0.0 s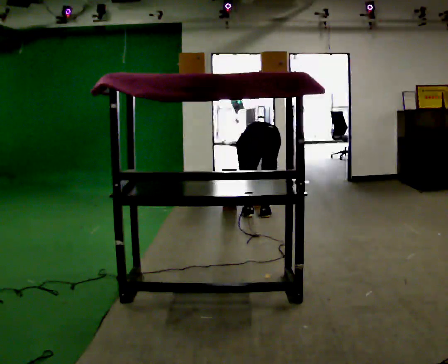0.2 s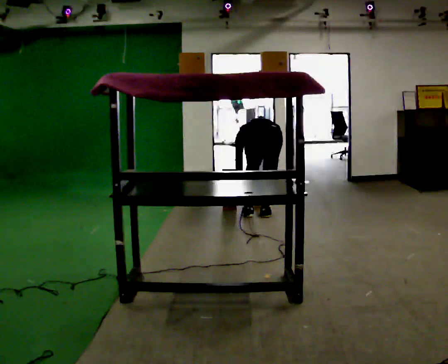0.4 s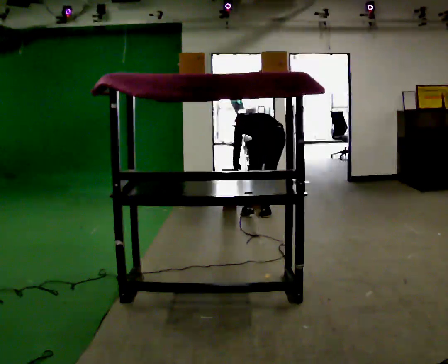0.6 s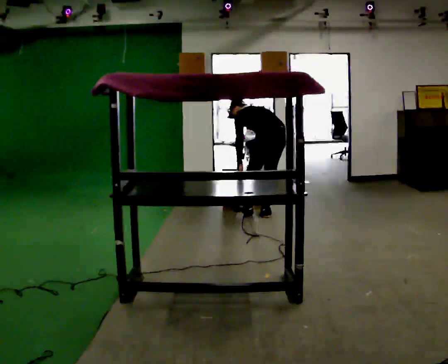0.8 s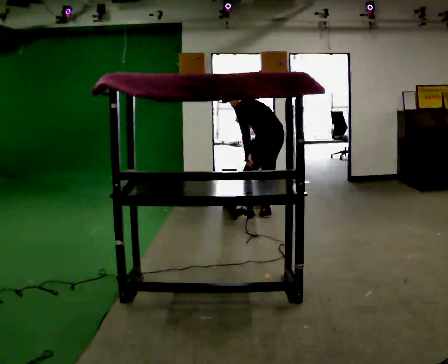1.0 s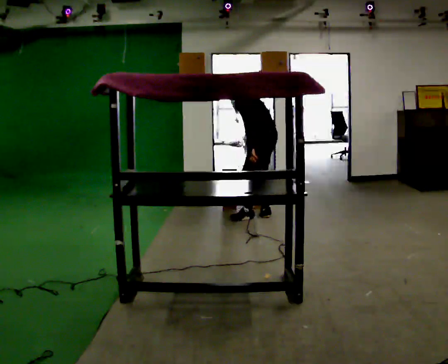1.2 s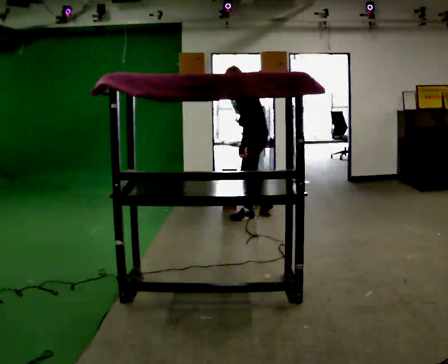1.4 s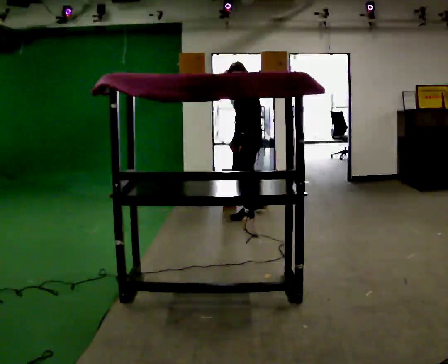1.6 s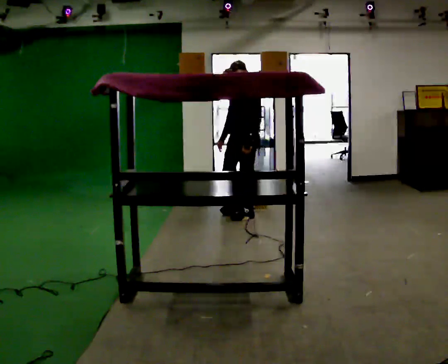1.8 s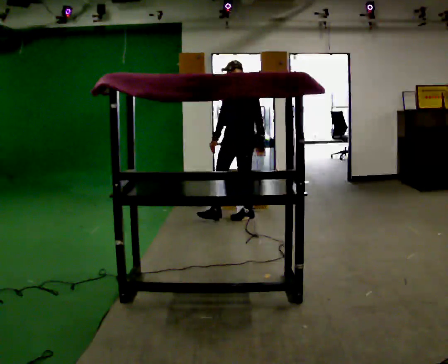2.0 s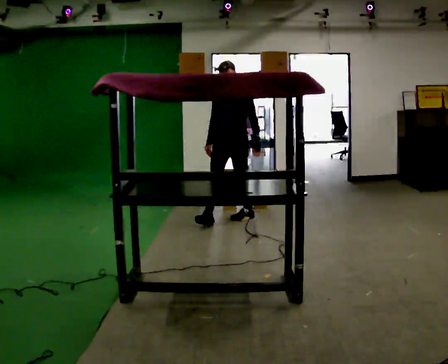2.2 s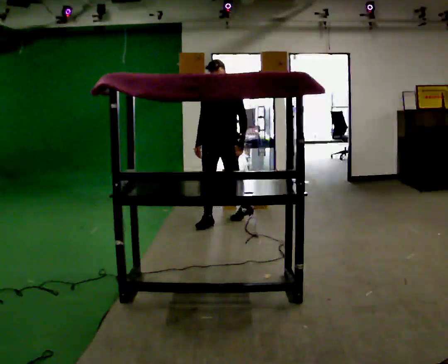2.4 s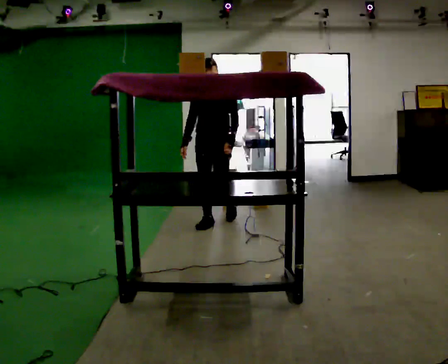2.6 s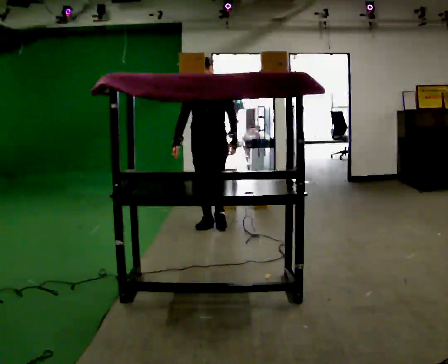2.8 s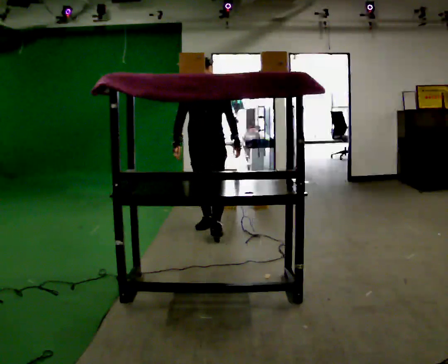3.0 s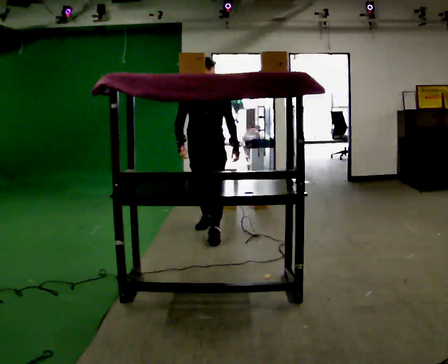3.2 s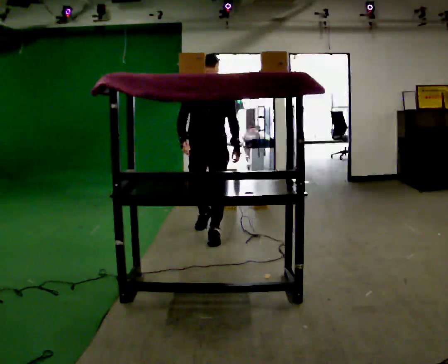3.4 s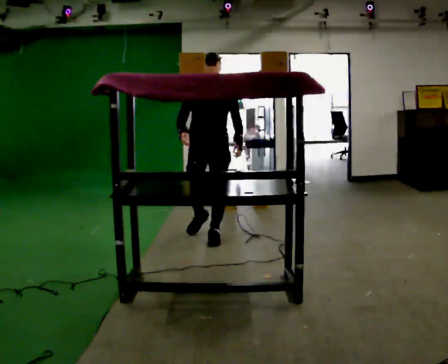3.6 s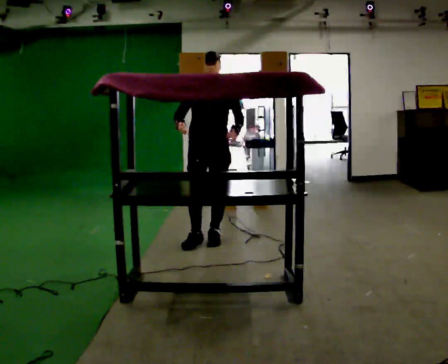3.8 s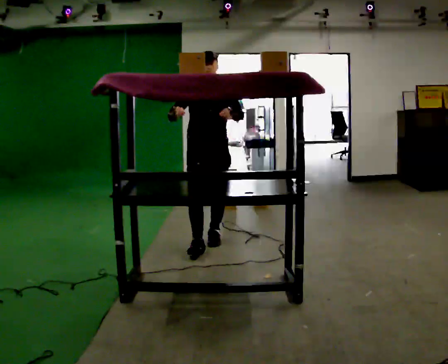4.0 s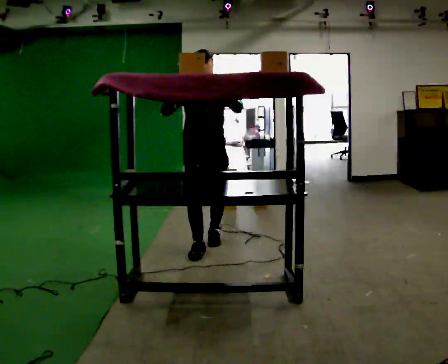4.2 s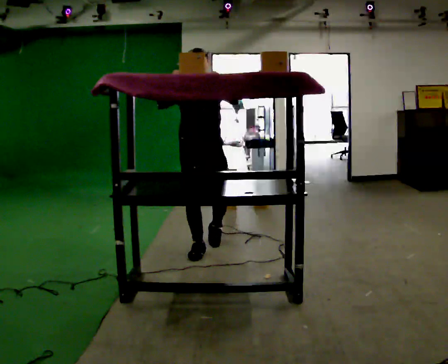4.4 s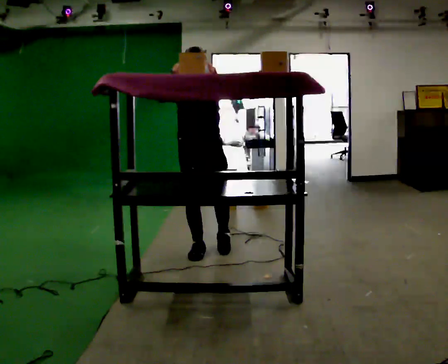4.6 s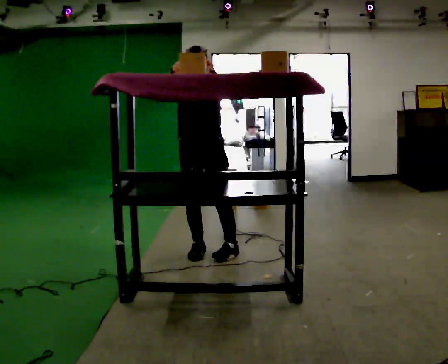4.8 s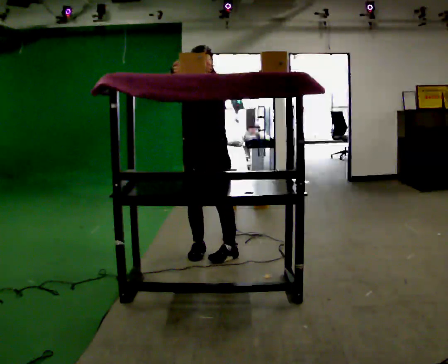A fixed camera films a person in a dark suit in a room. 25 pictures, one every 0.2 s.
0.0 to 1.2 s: The part of the body nearest the lens slides to the right as the person turns to their left by about 75 degrees. The upper body goes upward. The upper body tips toward the camera, its near side rolling downward, as they lean back or straighten. In the picture their left hand goes upward.
1.2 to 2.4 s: The part of the body nearest the lens slides to the right as the person turns to their left by about 75 degrees. In the picture they go to the left and toward the camera, about 0.5 m in 1 step.
2.4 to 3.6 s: In the picture they go toward the camera, about 0.5 m in 1 step, which for them is forward.
3.6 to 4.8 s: In the picture they go toward the camera, about 0.5 m in 2 steps, which for them is forward. In the picture their left hand goes upward.
The film runs forward here.
